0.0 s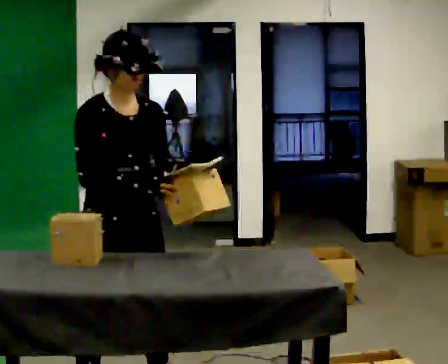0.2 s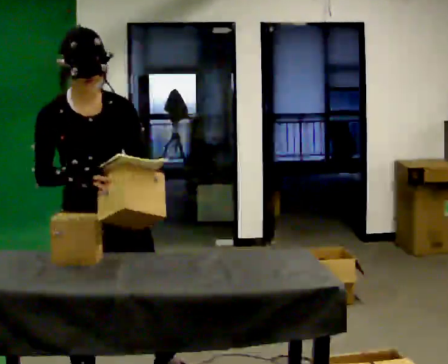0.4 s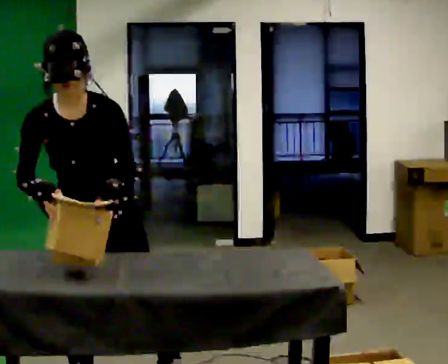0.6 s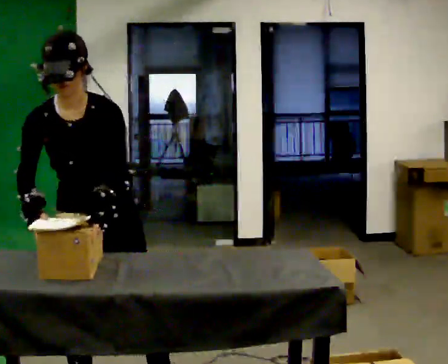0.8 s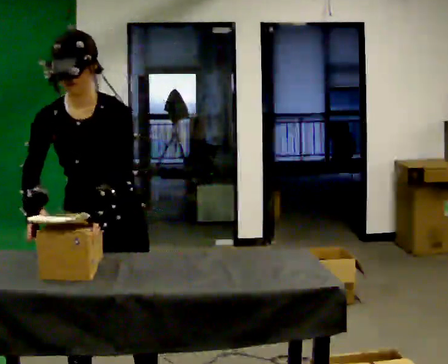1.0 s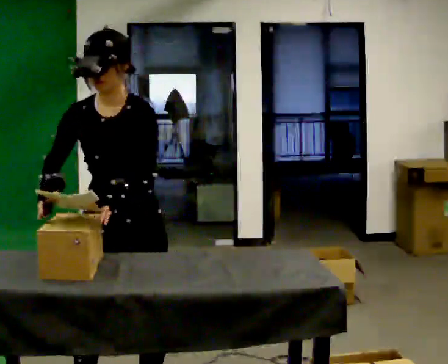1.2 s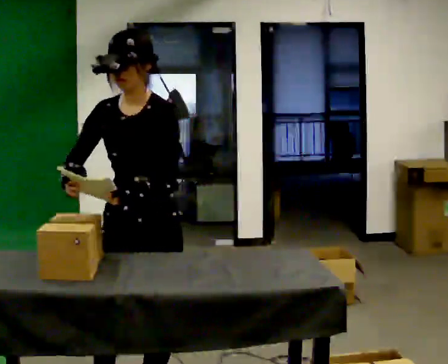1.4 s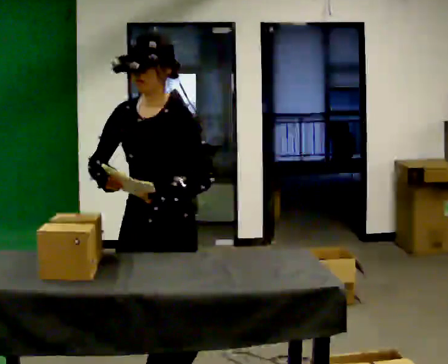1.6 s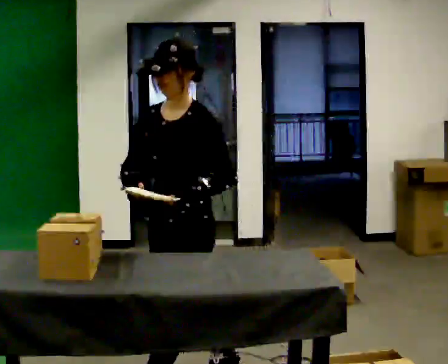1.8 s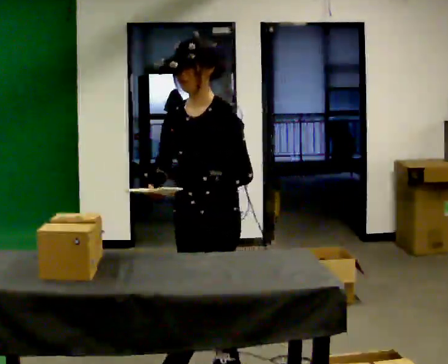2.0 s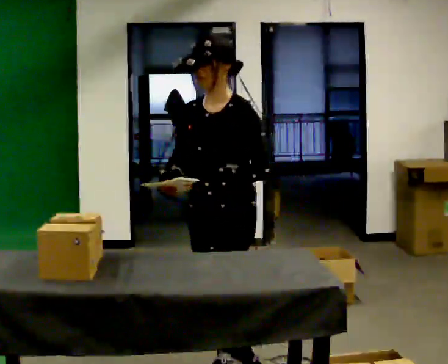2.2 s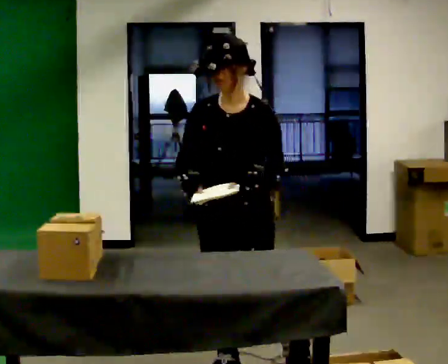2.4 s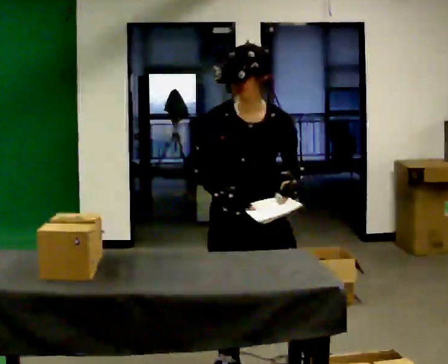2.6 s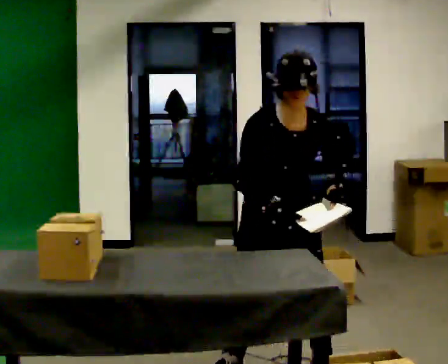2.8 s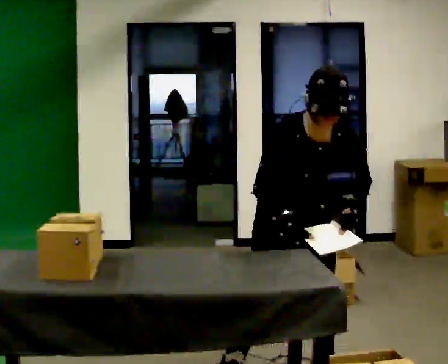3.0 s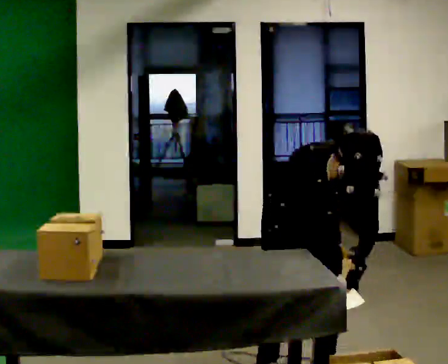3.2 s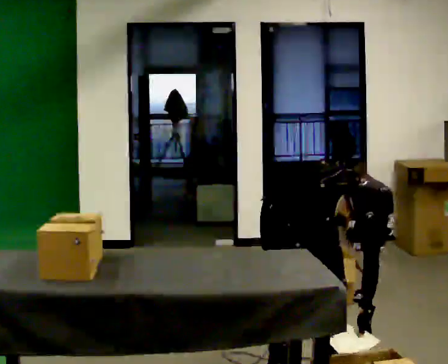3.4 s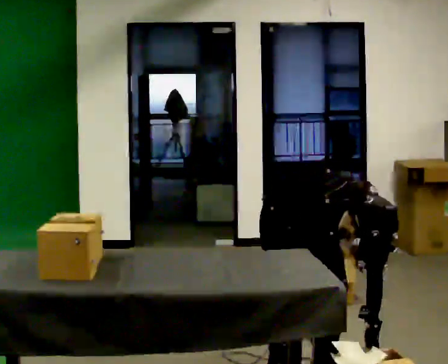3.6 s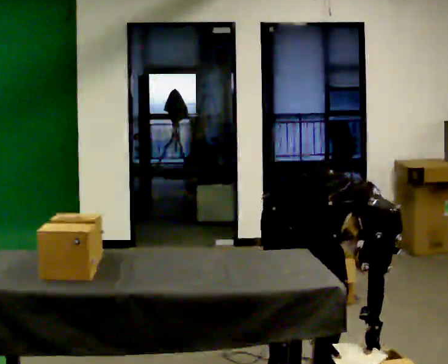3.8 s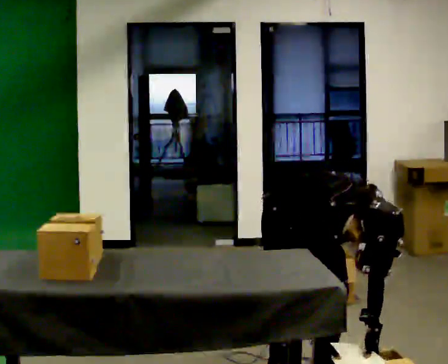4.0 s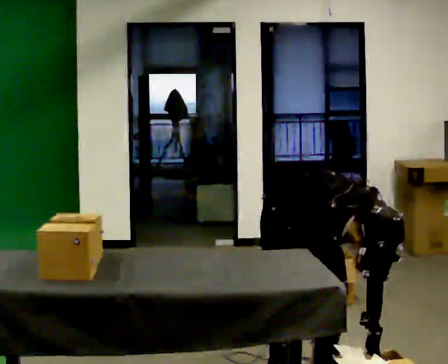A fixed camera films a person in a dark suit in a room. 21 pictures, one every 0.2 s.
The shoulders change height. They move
downward.
0.0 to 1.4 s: Seen from above the body turns clockwise, about 90 degrees: to their right, with its near side sliding to the left. In the picture they go to the right, about 0.25 m in 2 steps.
1.4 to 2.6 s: Seen from above the body turns counterclockwise, about 60 degrees: to their left, with its near side sliding to the right. In the picture they go to the right and away from the camera, about 0.5 m in 1 step. The upper body tips toward the camera, its near side rolling downward, as they bend forward.
2.6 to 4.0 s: The shoulders move downward. The upper body tips toward the camera, its near side rolling downward, as they bend forward. In the picture their left hand goes downward.
The film runs backward here.
